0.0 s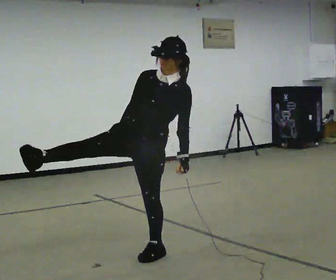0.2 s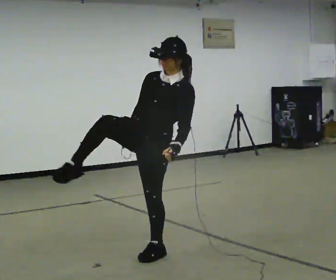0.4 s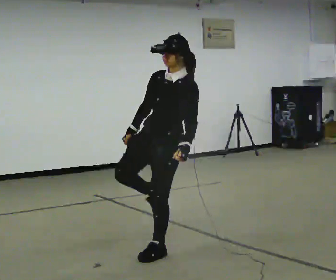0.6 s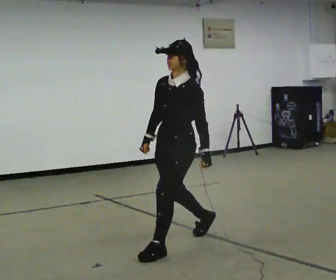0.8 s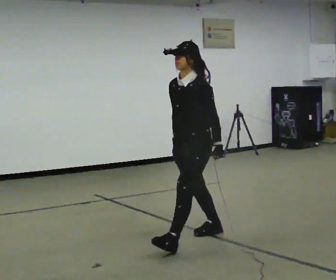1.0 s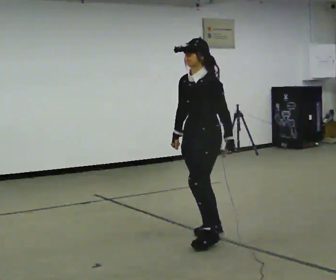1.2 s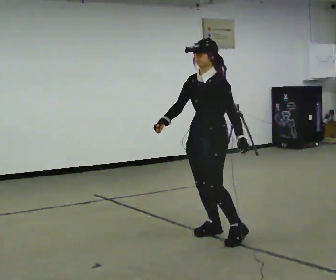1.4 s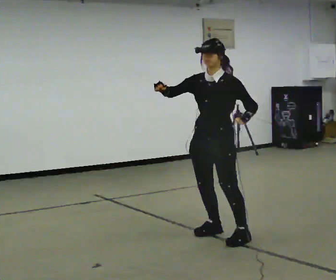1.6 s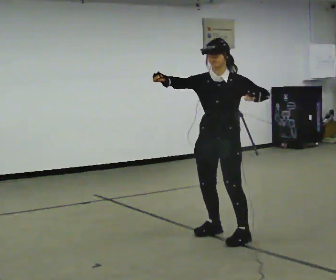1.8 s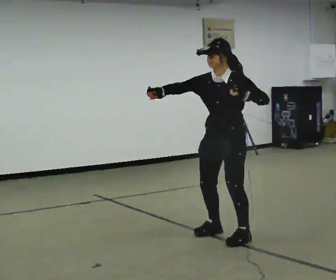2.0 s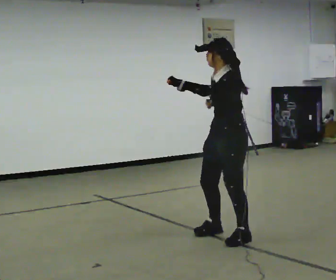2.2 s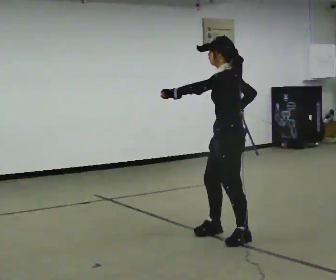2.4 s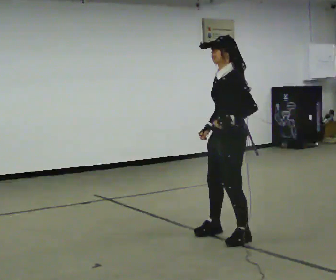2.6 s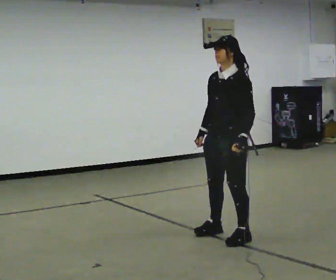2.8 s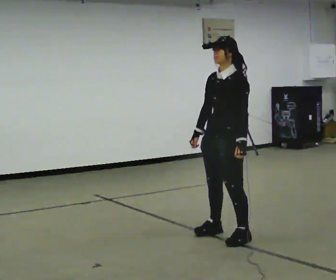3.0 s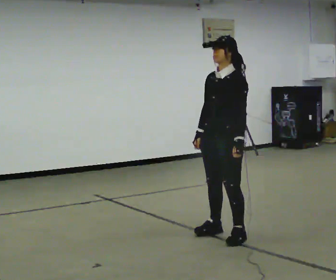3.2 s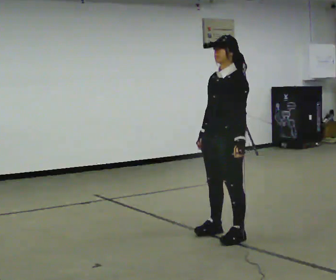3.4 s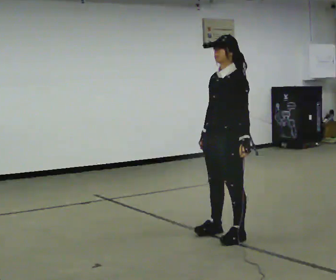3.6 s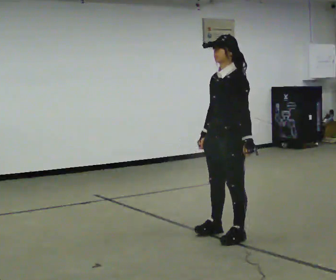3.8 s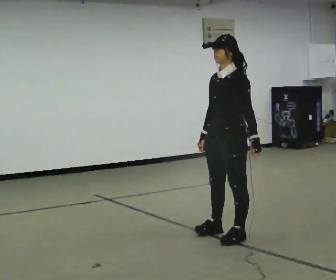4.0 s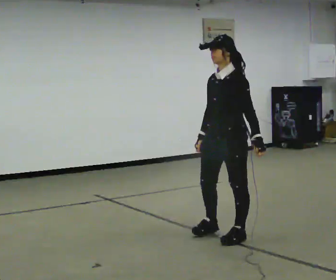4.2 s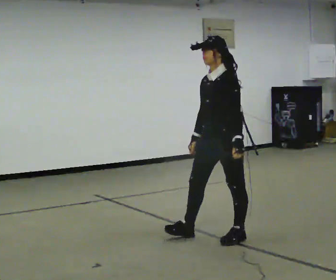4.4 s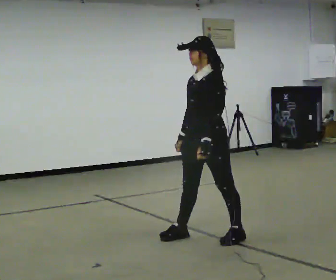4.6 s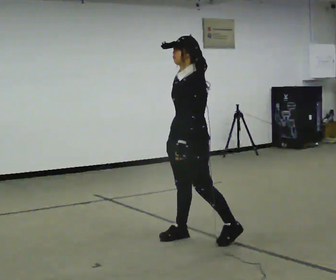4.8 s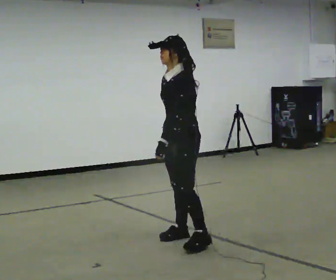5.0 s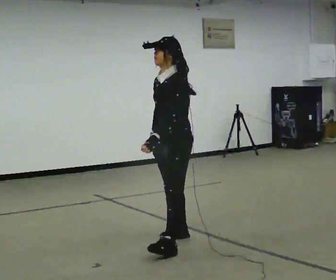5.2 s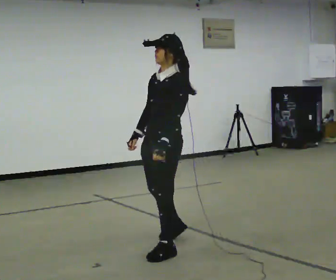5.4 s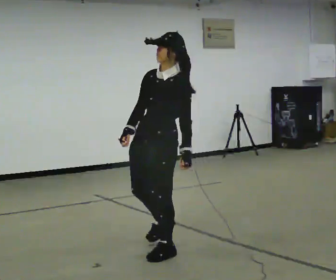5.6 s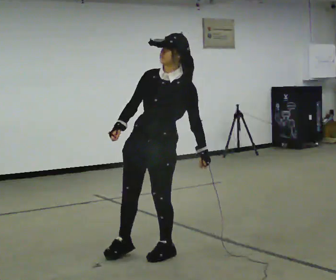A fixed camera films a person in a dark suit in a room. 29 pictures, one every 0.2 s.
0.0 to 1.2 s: The person turns about 45 degrees to their right, clockwise seen from above, so the part of the body nearest the lens slides to the left. In the picture they go away from the camera and to the right, about 0.75 m in 1 step, which for them is backward. In the picture the upper body tilts counterclockwise, shoulders to the left.
1.2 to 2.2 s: The part of the body nearest the lens slides to the left as the person turns to their right by about 45 degrees. In the picture they go to the right, about 0.25 m. In the picture their left hand goes to the left and upward.
2.2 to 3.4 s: The person turns about 30 degrees to their left, counterclockwise seen from above, so the part of the body nearest the lens slides to the right. In the picture their left hand goes to the right and downward.
3.4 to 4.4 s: The person moves a little, or ends about where they began.
4.4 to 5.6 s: In the picture they go toward the camera and to the left, about 0.5 m in 2 steps, which for them is forward.
The film runs backward here.
